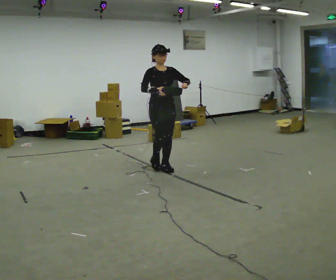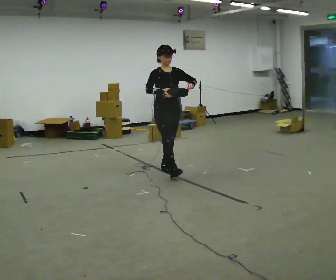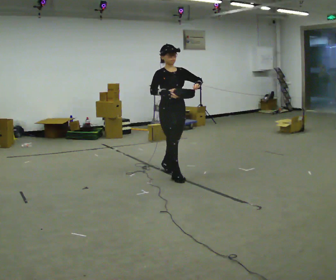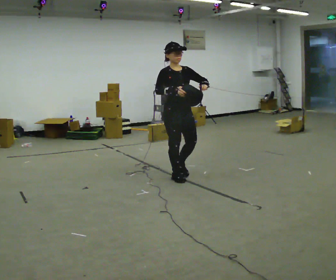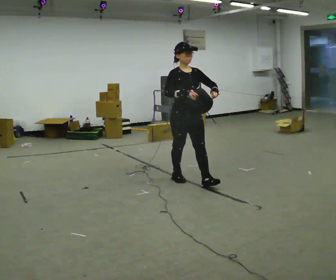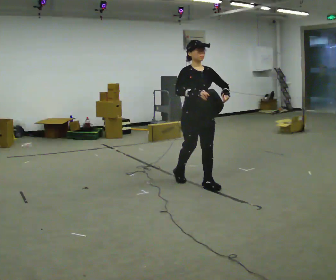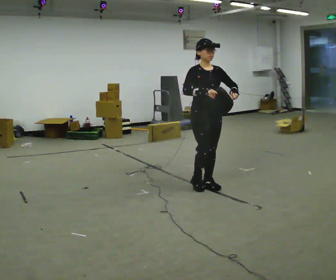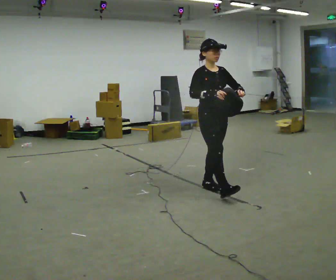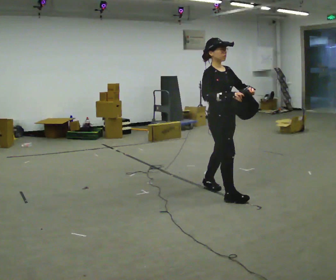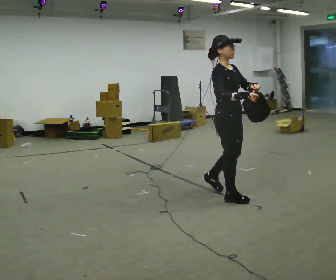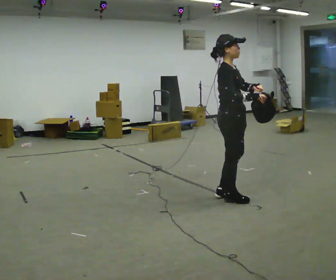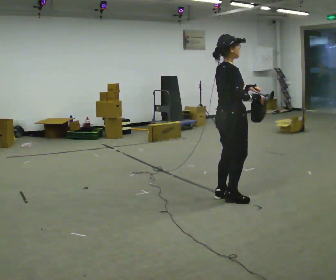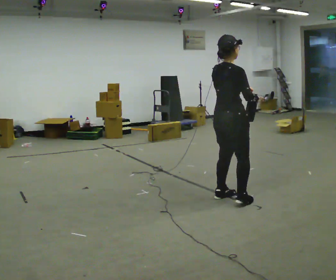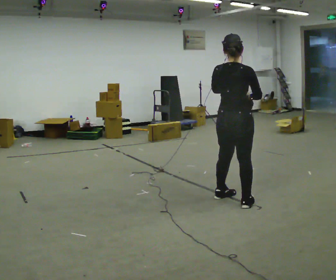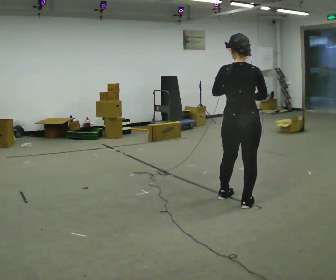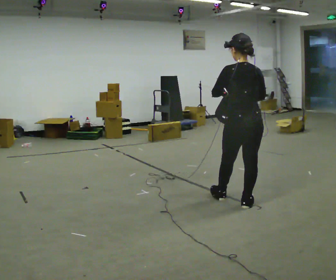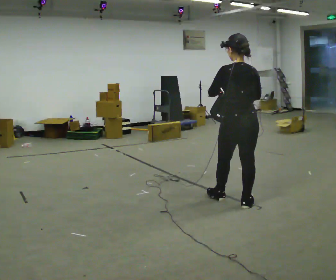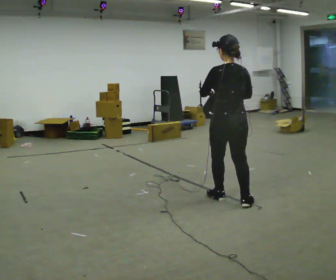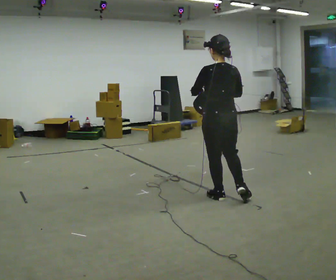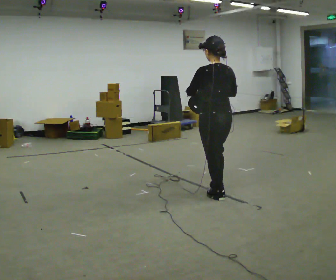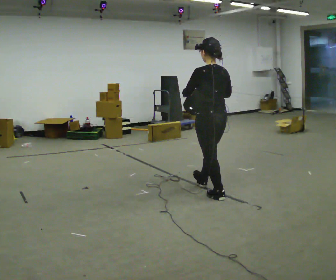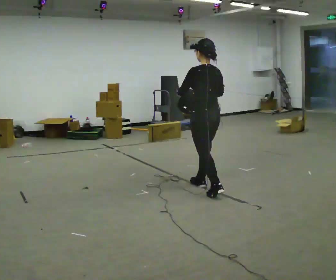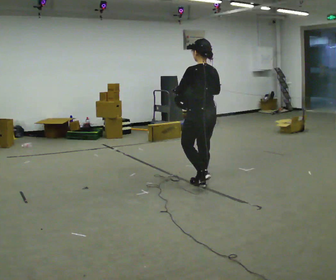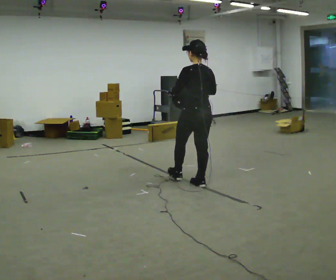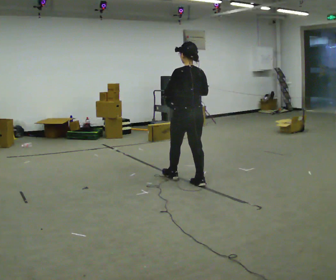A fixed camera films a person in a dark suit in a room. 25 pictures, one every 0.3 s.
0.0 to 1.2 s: In the picture they go toward the camera and to the right, about 0.75 m in 2 steps, which for them is forward.
1.2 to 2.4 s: In the picture they go to the right and toward the camera, about 0.5 m in 1 step, which for them is forward.
2.4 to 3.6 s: The part of the body nearest the lens slides to the right as the person turns to their left by about 75 degrees.
3.6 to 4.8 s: The part of the body nearest the lens slides to the right as the person turns to their left by about 60 degrees. In the picture they go toward the camera, about 0.25 m in 1 step.
4.8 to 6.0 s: In the picture they go to the left and away from the camera, about 0.5 m in 1 step, which for them is forward and to their left.
6.0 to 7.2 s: In the picture they go away from the camera and to the left, about 0.5 m in 1 step, which for them is forward.
The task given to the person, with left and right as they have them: Carry the bag and, while walking, undo the buckle or zip, then do it up again. Keep repeating as you walk. Do not stop.
The film runs forward here.
